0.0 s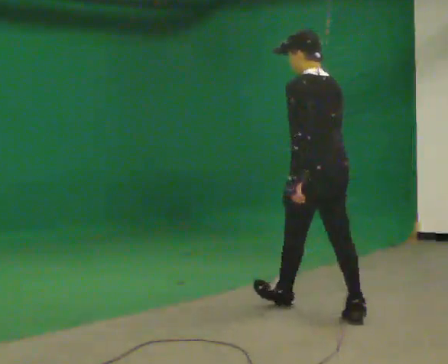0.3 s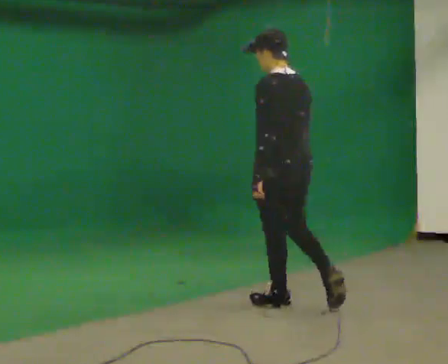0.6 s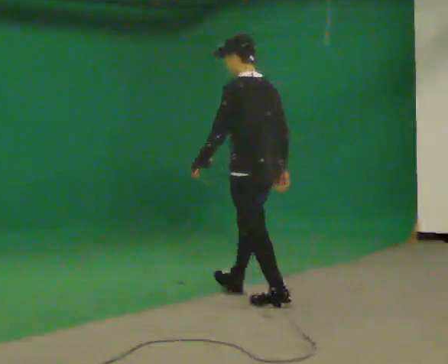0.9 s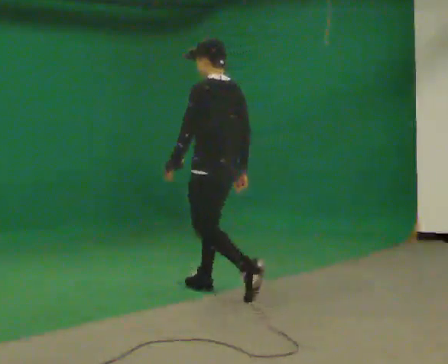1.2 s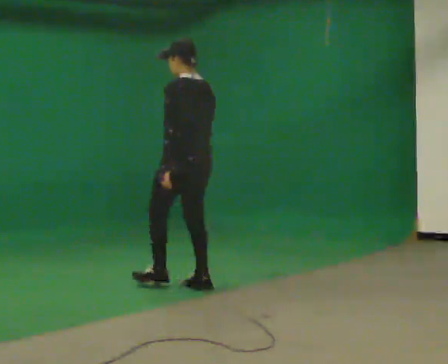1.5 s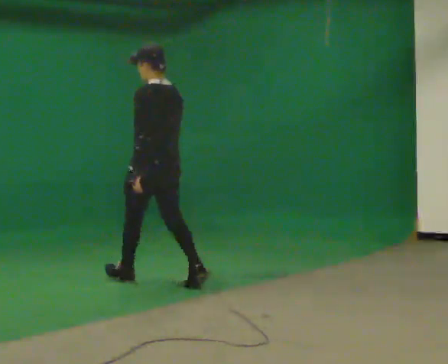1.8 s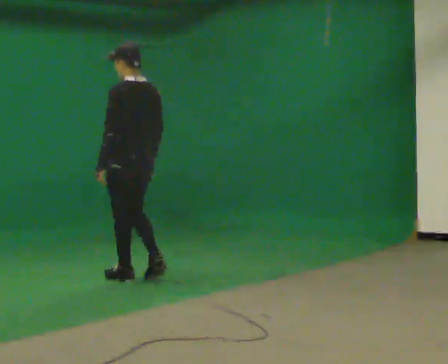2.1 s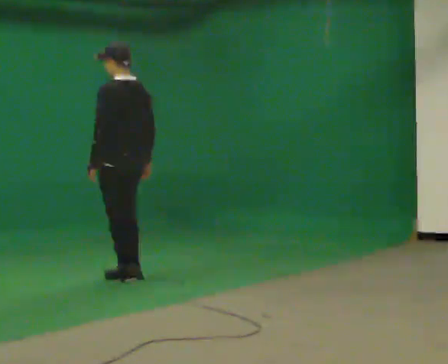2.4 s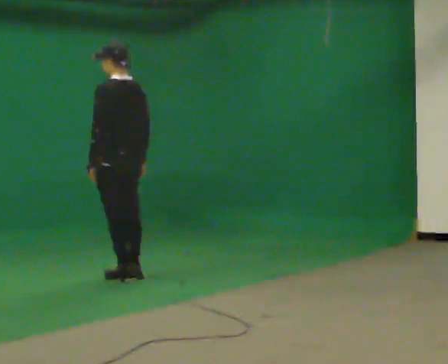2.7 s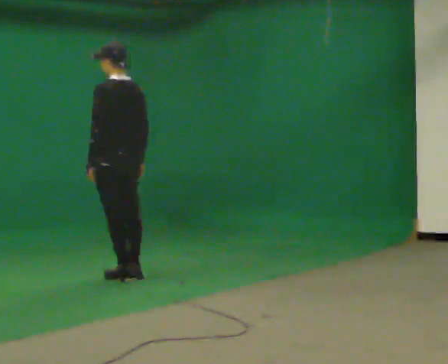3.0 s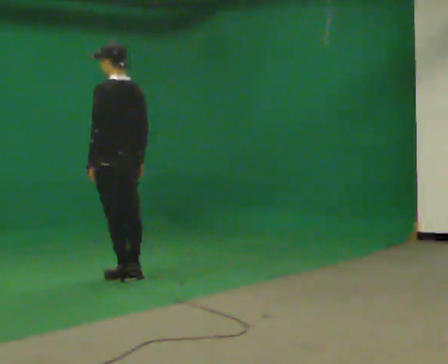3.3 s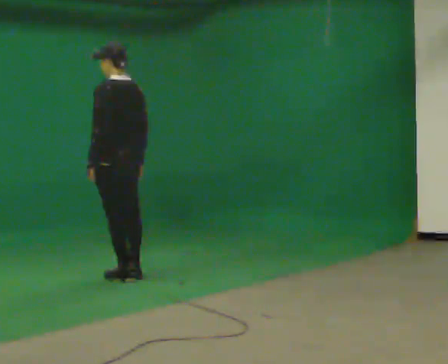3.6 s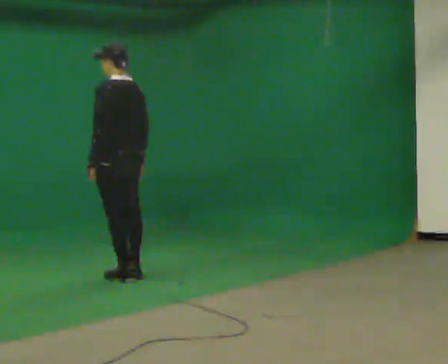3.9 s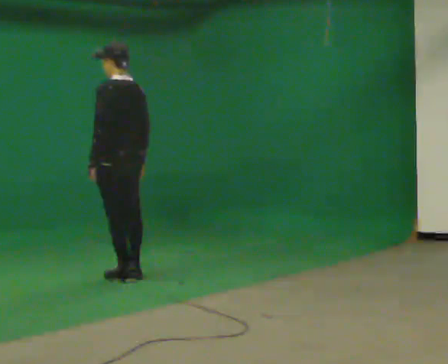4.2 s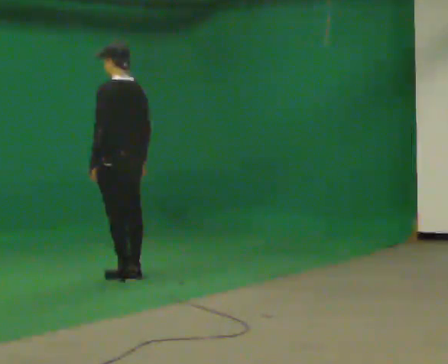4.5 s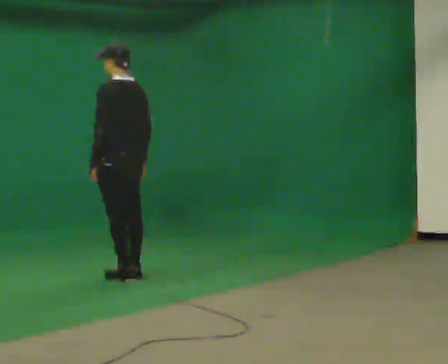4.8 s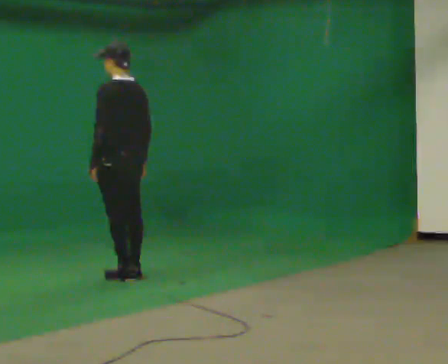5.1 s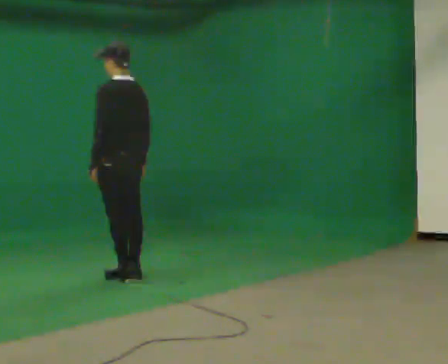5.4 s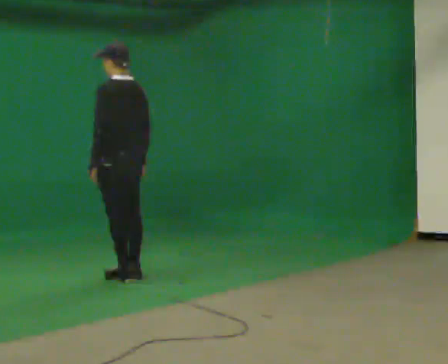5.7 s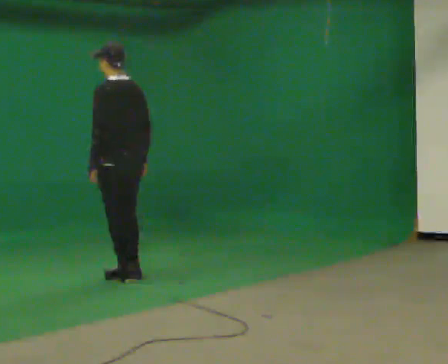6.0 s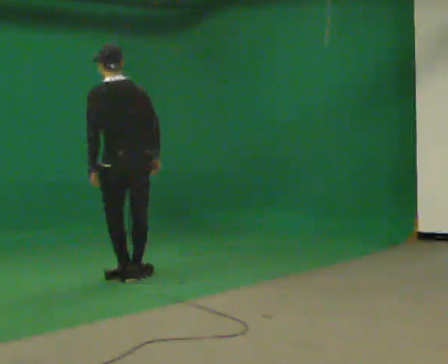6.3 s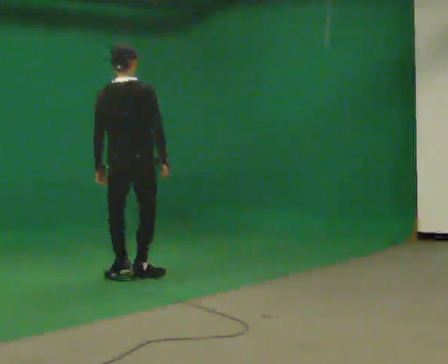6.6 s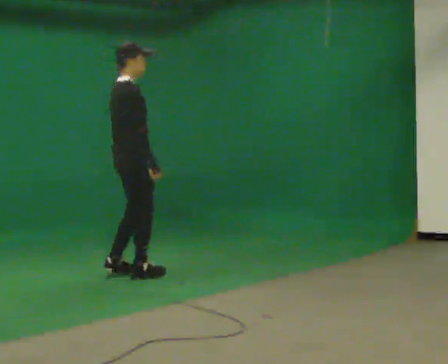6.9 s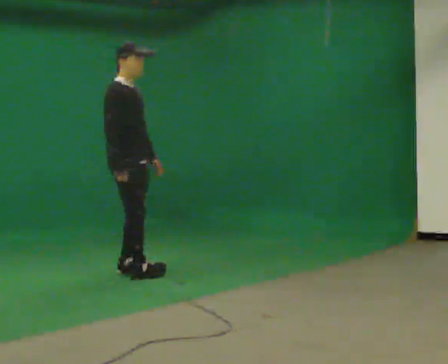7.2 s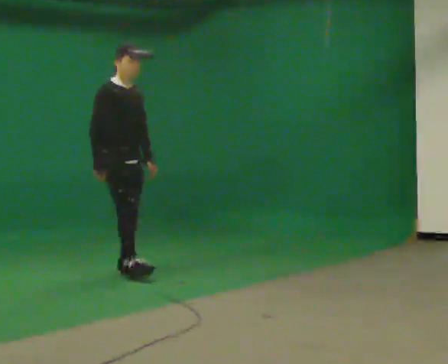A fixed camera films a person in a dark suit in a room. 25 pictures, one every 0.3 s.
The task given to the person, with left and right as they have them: Walk straight; at marker turn ~45° while continuing to walk; continue straight.
0.0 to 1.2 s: In the picture they go away from the camera and to the left, about 1.5 m in 2 steps, which for them is forward.
1.2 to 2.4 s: In the picture they go to the left and away from the camera, about 0.75 m in 2 steps, which for them is forward.
2.4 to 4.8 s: The person moves a little, or ends about where they began.
4.8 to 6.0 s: The part of the body nearest the lens slides to the left as the person turns to their right by about 30 degrees.
6.0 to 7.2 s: Seen from above the body turns clockwise, about 150 degrees: to their right, with its near side sliding to the left. In the picture they go away from the camera, about 0.25 m in 2 steps. In the picture the upper body tilts clockwise, shoulders to the right.
The film runs forward here.
